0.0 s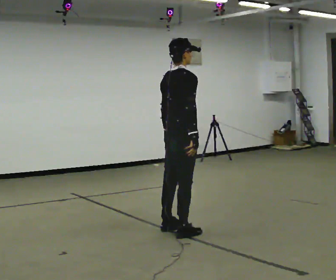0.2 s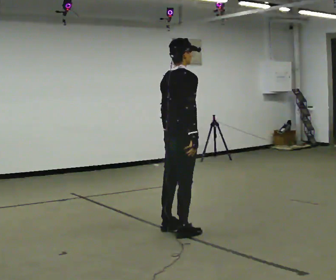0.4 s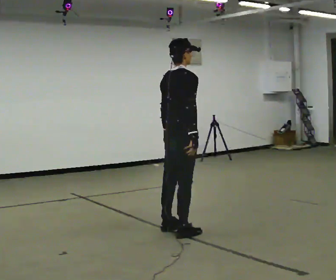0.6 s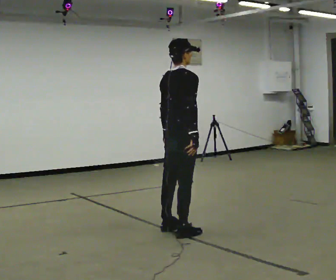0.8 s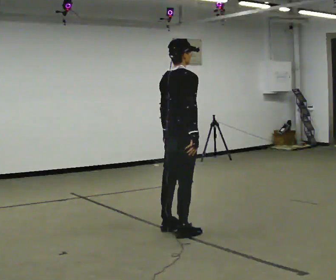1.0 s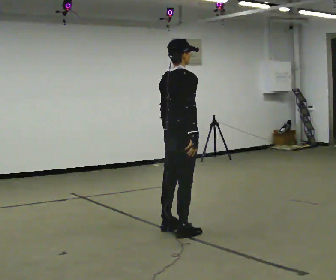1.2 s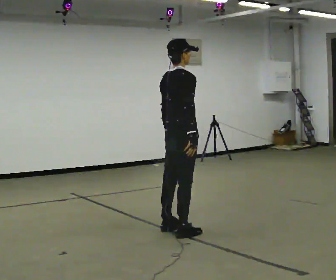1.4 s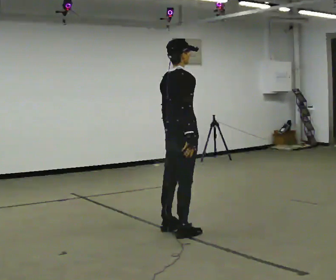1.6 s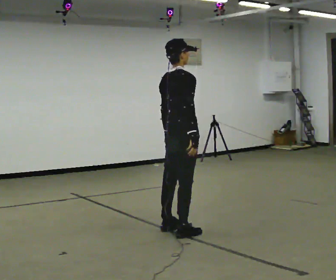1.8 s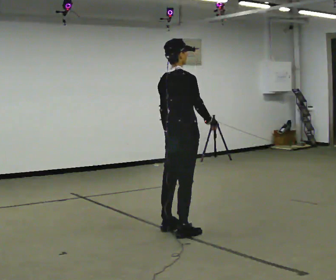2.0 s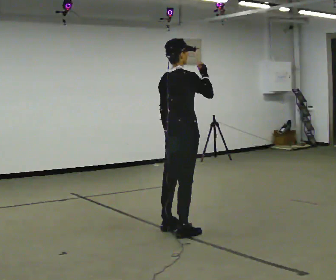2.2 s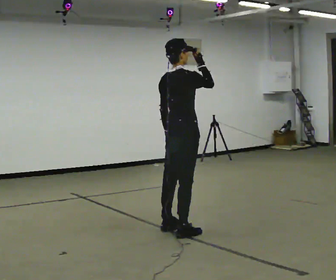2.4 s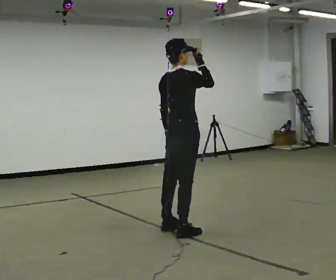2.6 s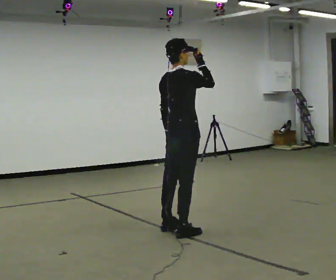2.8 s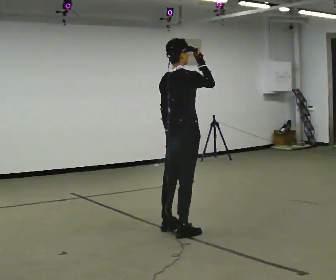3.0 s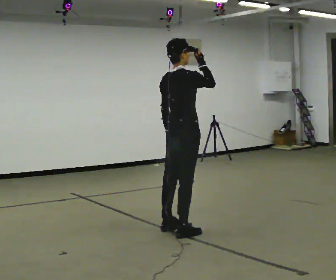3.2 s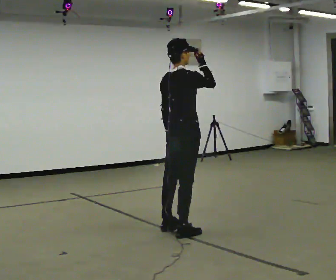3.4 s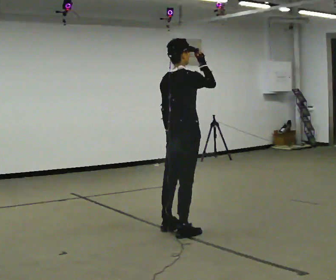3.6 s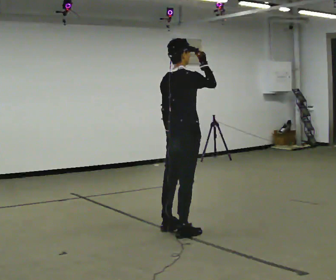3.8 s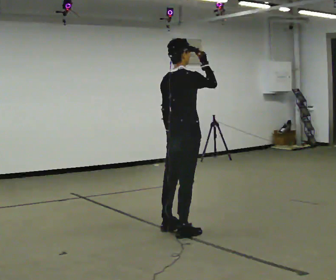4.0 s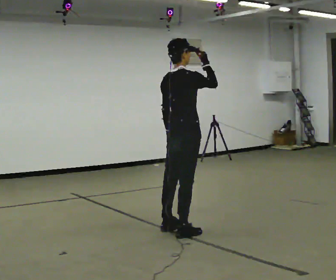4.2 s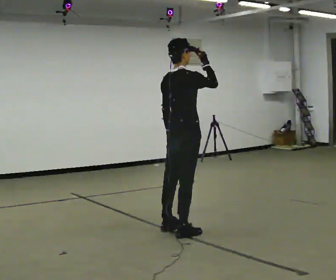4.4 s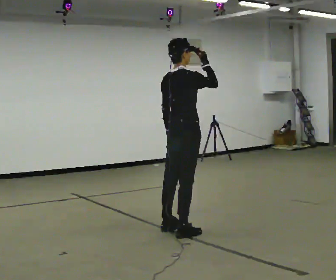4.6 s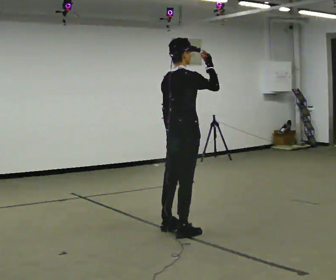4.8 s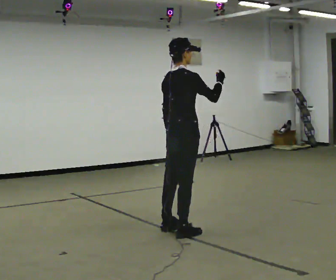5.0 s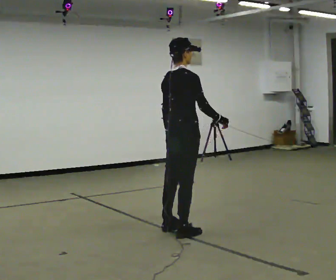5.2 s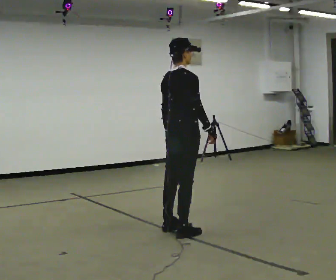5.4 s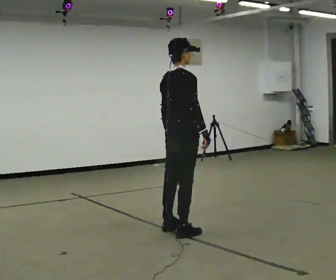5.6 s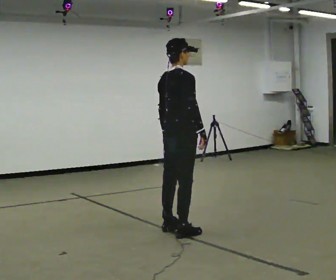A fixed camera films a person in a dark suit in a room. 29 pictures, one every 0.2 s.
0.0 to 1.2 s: The person moves a little, or ends about where they began.
1.2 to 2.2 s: In the picture their right hand goes upward.
2.2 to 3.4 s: The person keeps their place and pose.
3.4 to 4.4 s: The person moves a little, or ends about where they began.
4.4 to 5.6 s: In the picture their right hand goes downward.
The film runs backward here.
